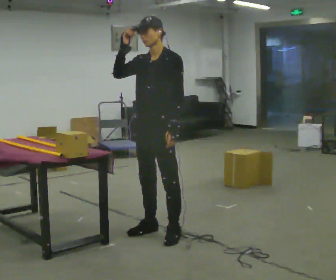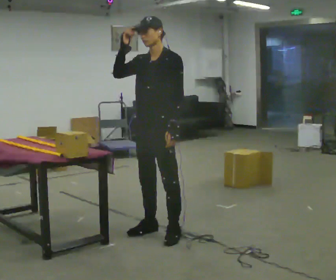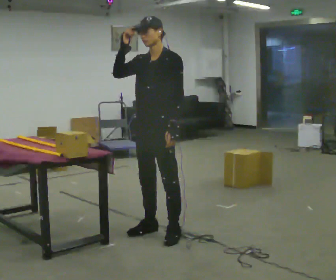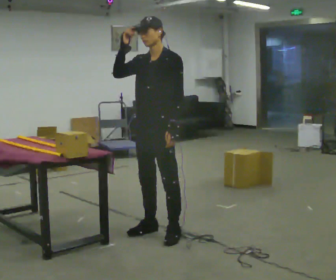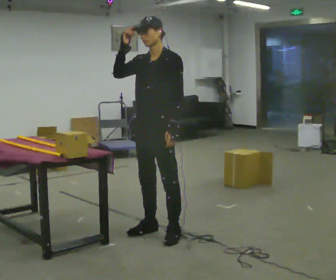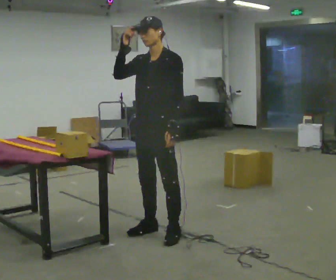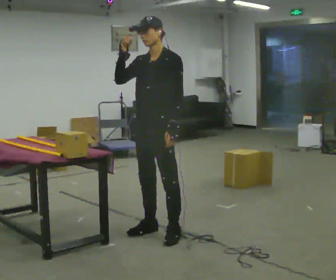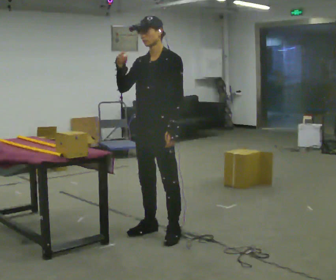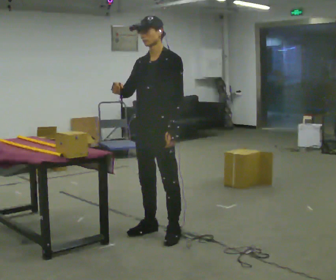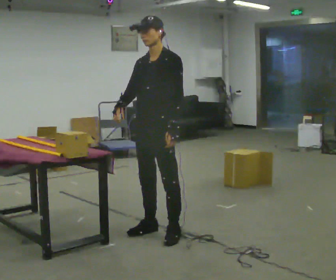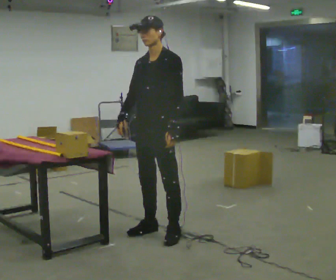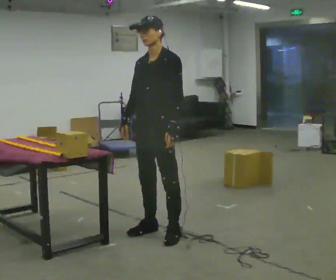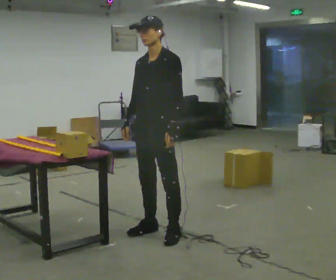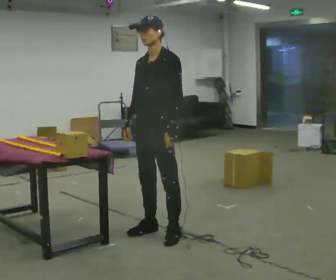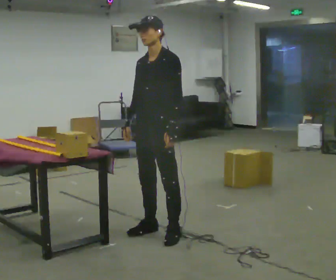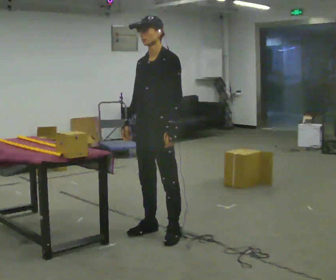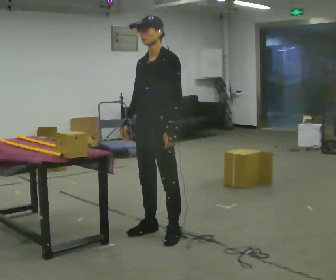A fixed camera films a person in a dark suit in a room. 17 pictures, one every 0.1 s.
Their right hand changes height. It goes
downward.
0.0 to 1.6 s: In the picture their right hand goes downward.
The film runs forward here.
